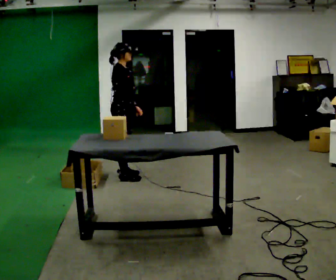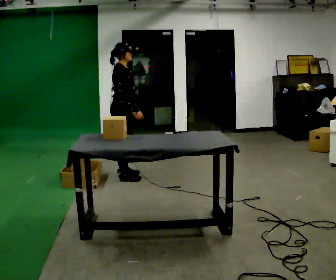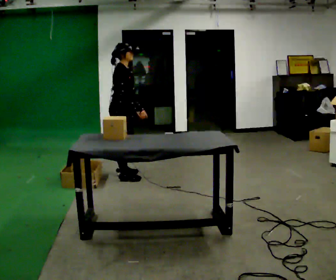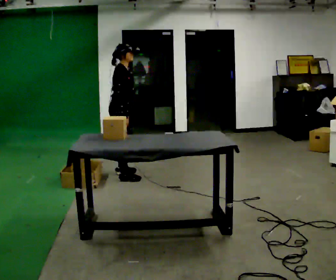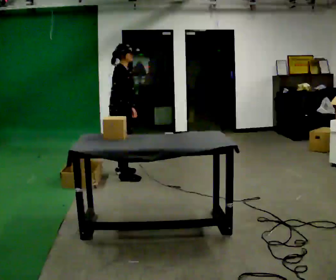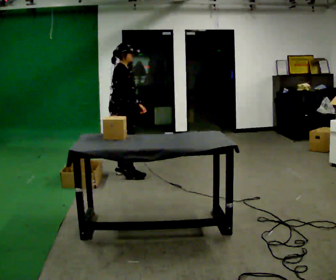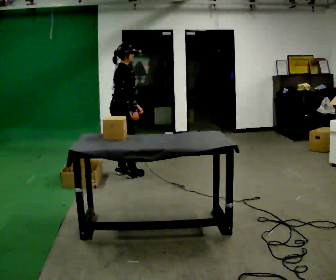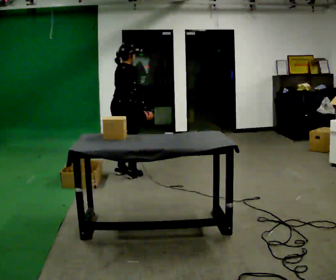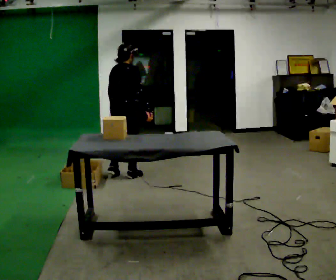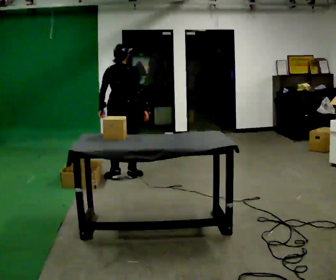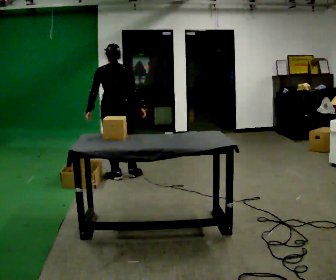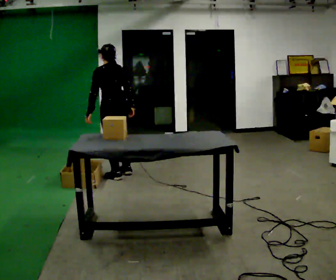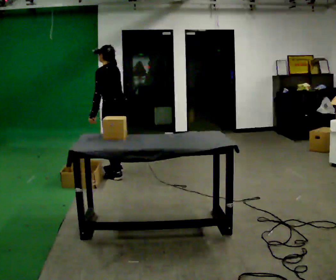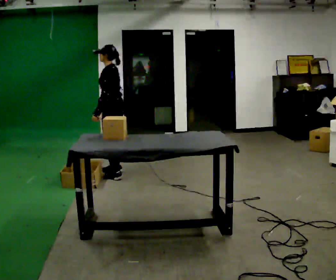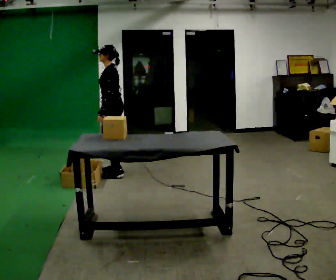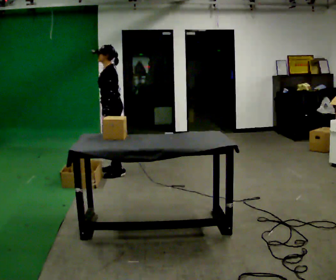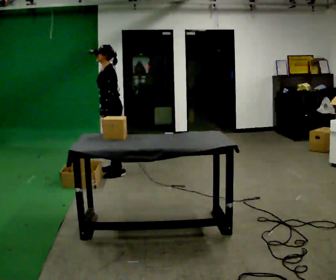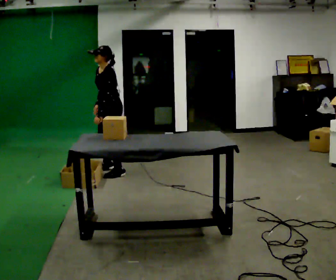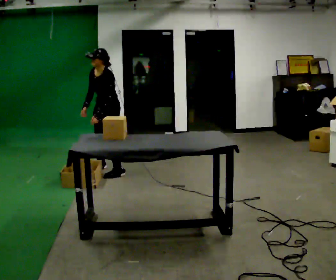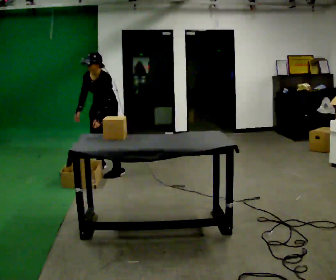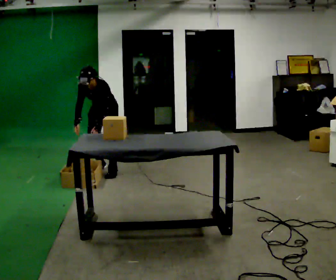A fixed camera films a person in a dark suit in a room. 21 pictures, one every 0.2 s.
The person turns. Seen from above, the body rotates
counterclockwise.
The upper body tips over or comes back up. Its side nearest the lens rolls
downward.
0.0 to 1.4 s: Seen from above the body turns counterclockwise, about 30 degrees: to their left, with its near side sliding to the right.
1.4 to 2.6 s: Seen from above the body turns counterclockwise, about 135 degrees: to their left, with its near side sliding to the right. In the picture their right hand goes to the left.
2.6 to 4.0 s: The person turns about 75 degrees to their left, counterclockwise seen from above, so the part of the body nearest the lens slides to the right. In the picture they go away from the camera, about 0.25 m in 2 steps. The shoulders move downward. The upper body tips toward the camera, its near side rolling downward, as they bend forward.
The film runs backward here.
